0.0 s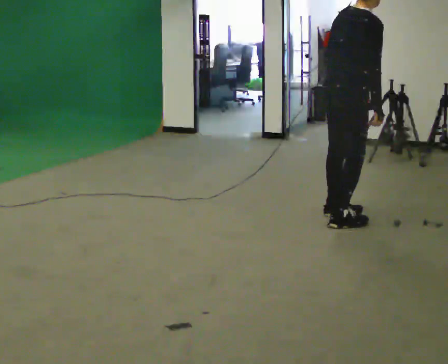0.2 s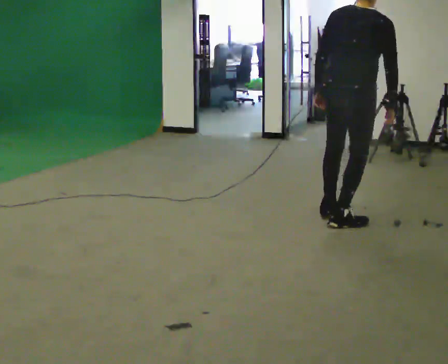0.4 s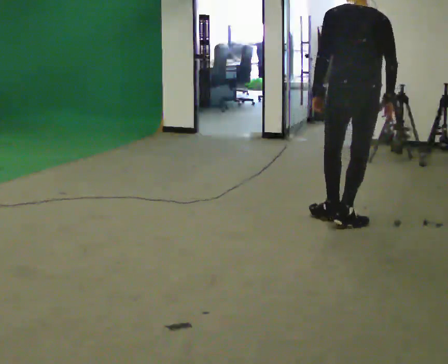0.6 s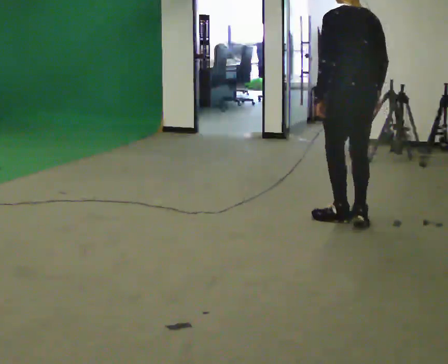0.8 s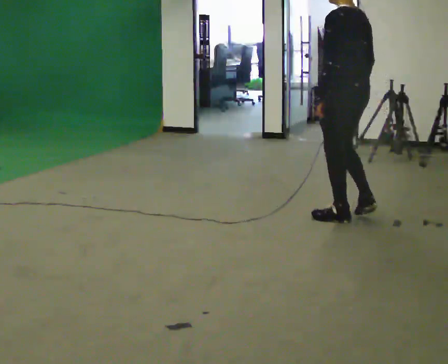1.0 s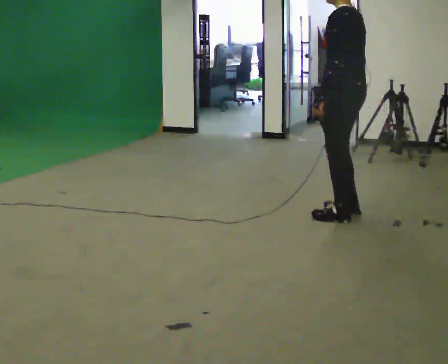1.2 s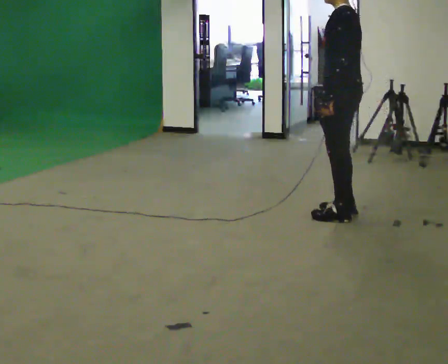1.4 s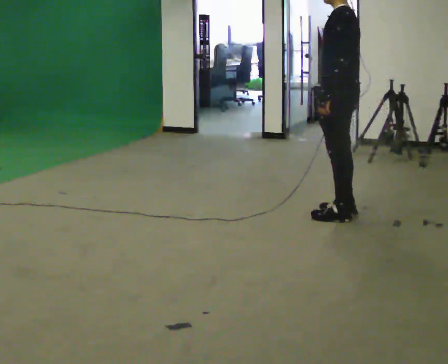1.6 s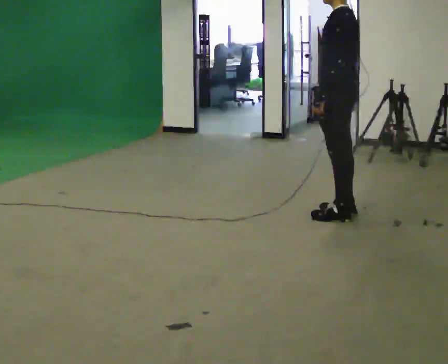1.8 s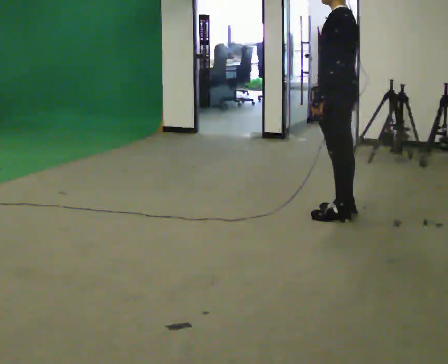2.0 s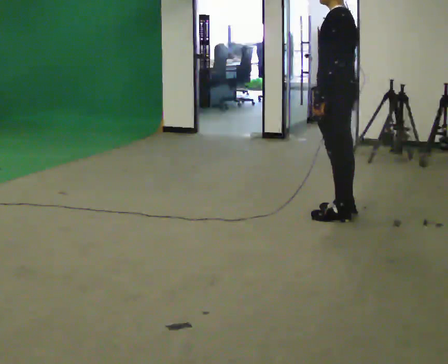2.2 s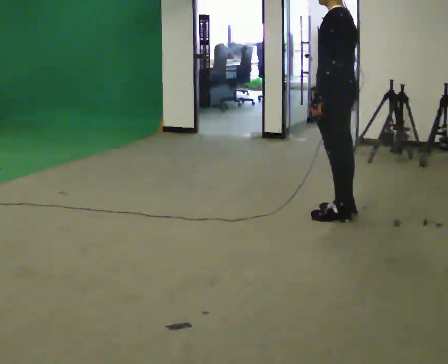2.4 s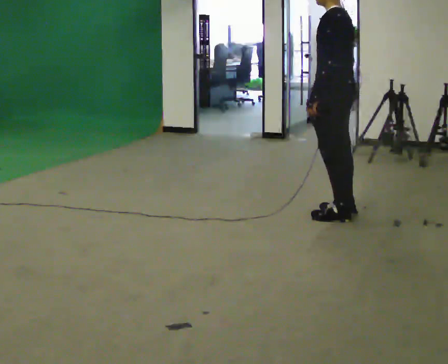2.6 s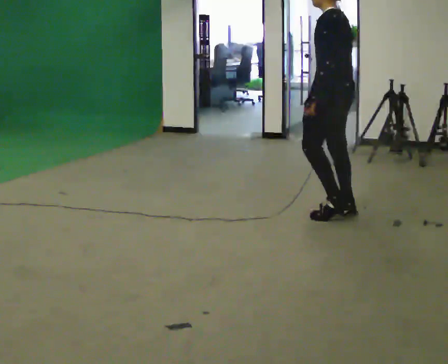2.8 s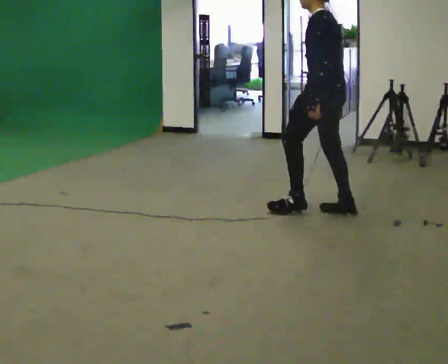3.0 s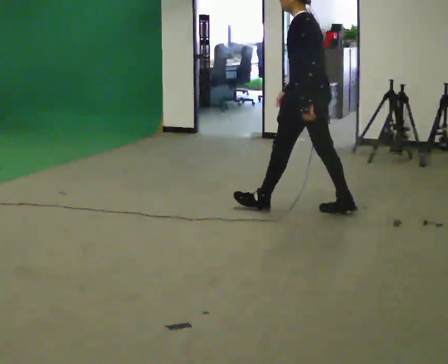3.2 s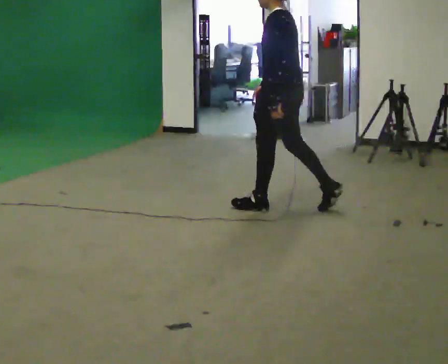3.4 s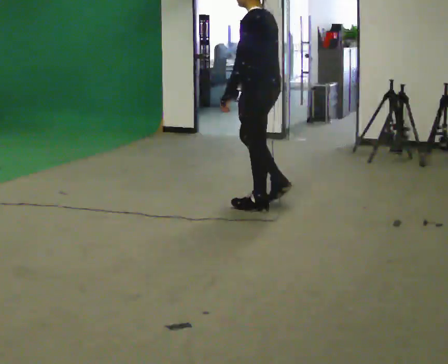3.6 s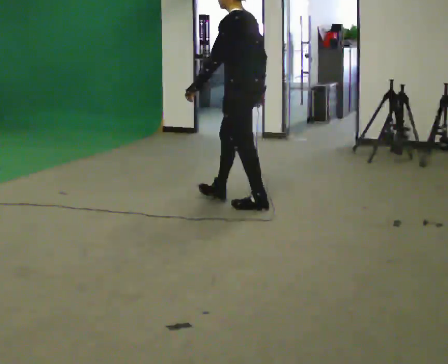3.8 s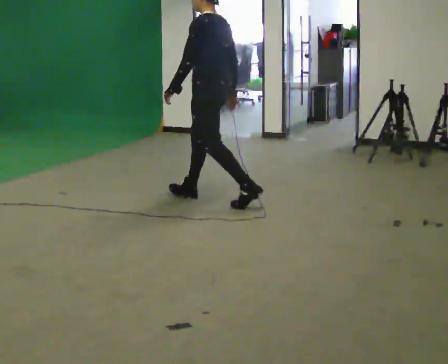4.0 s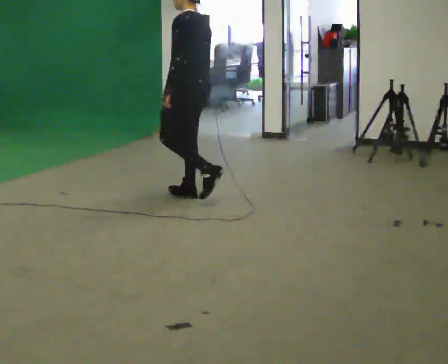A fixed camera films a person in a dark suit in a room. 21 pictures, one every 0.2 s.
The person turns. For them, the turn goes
to their left.
The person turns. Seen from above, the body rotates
counterclockwise.
0.0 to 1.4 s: The person turns about 135 degrees to their left, counterclockwise seen from above, so the part of the body nearest the lens slides to the right. In the picture they go away from the camera, about 0.25 m in 2 steps. In the picture the upper body tilts counterclockwise, shoulders to the left.
1.4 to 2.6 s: The person moves a little, or ends about where they began.
2.6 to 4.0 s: In the picture they go to the left, about 1 m in 2 steps, which for them is forward.
The film runs forward here.
